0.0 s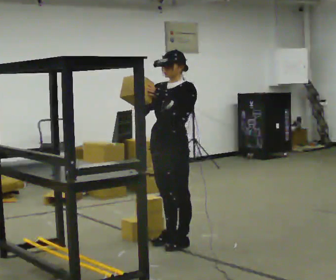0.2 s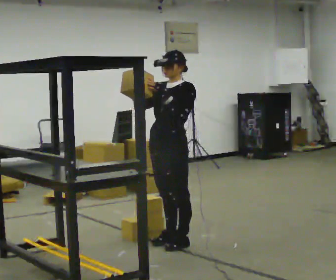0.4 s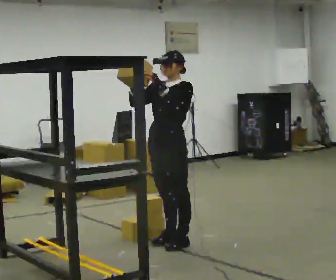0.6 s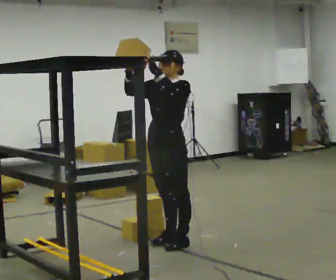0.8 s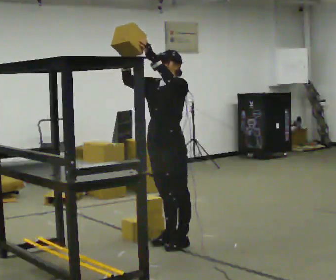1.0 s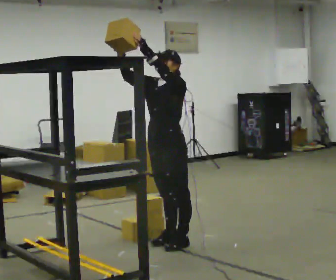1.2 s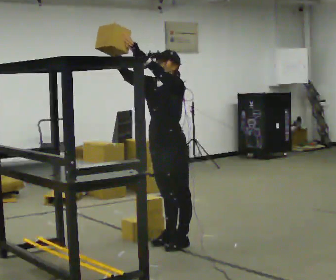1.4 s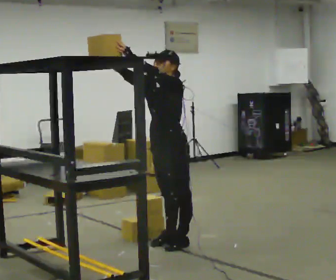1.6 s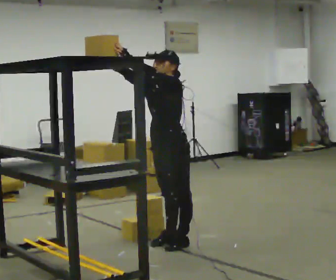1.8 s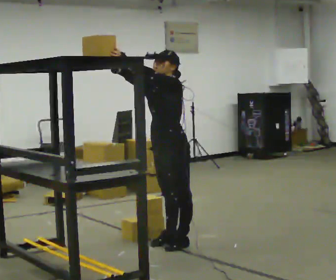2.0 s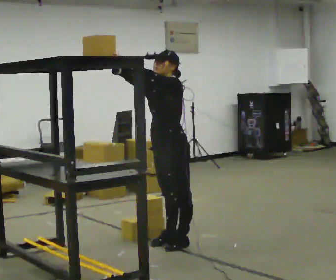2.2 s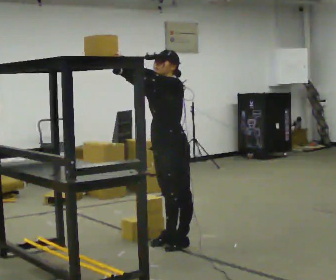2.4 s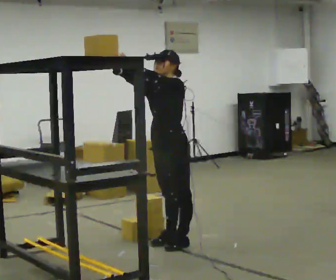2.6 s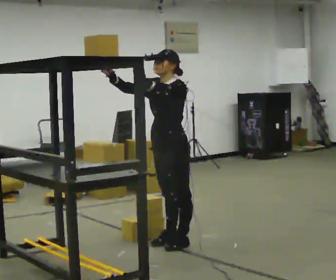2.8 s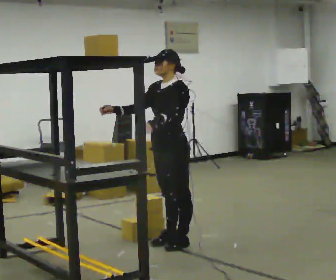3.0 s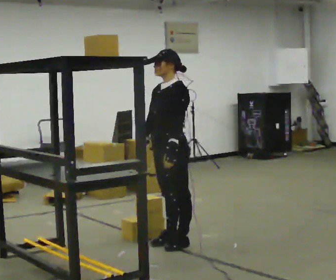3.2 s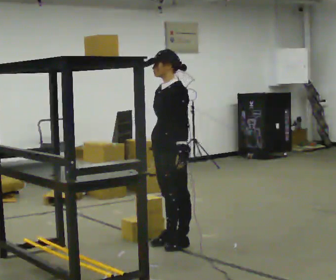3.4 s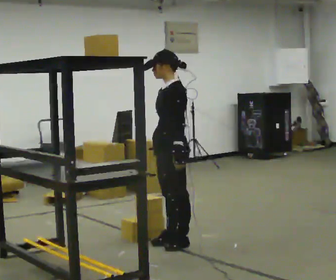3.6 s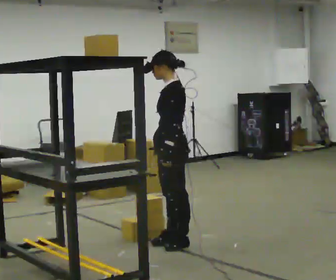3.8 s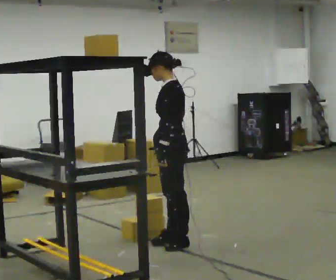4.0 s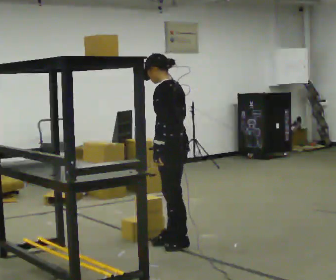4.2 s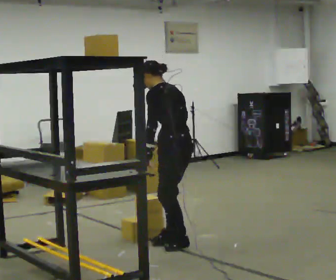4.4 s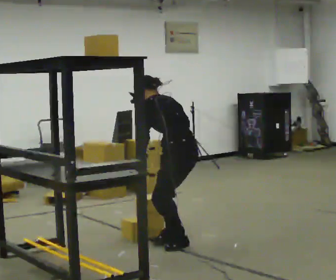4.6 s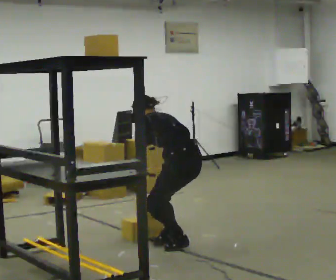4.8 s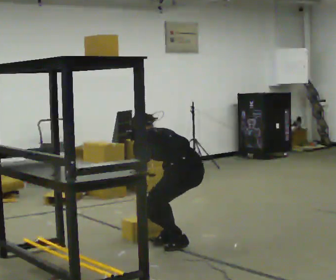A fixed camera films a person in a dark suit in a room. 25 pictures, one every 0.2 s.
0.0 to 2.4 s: The person moves a little, or ends about where they began.
2.4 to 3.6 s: The part of the body nearest the lens slides to the left as the person turns to their right by about 30 degrees. In the picture their right hand goes downward and to the right, the arm swinging counterclockwise.
3.6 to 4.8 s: The part of the body nearest the lens slides to the left as the person turns to their right by about 45 degrees. The shoulders move downward. The upper body tips away from the camera, its near side rolling upward, as they bend forward. In the picture their left hand goes downward.
The film runs forward here.
